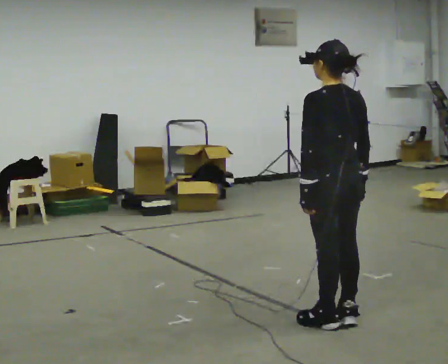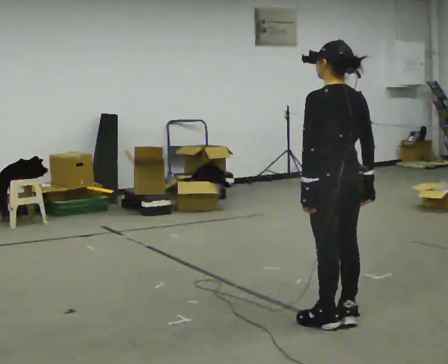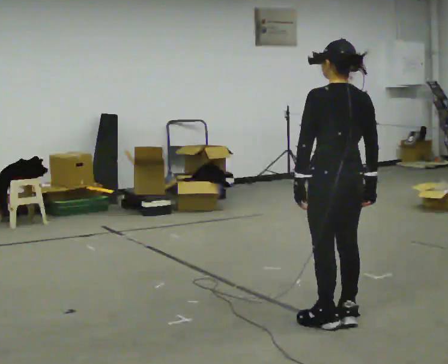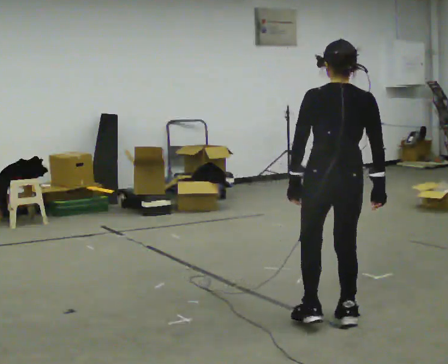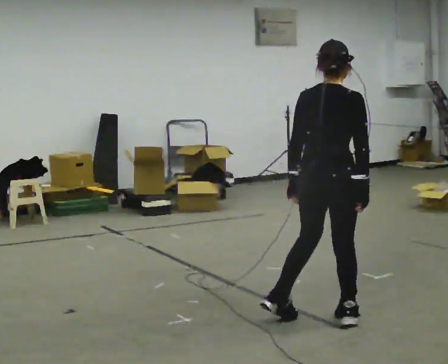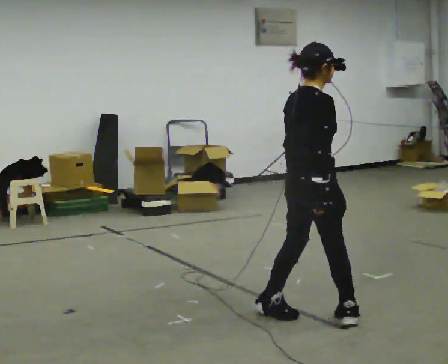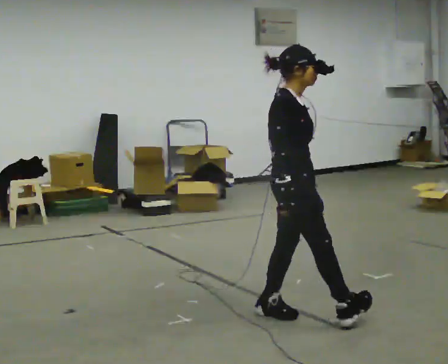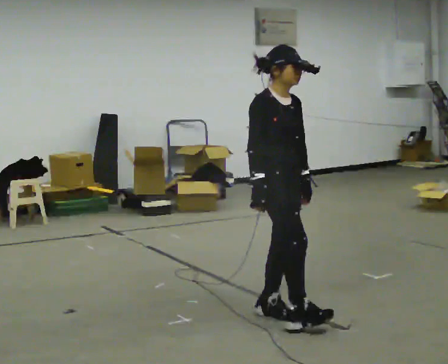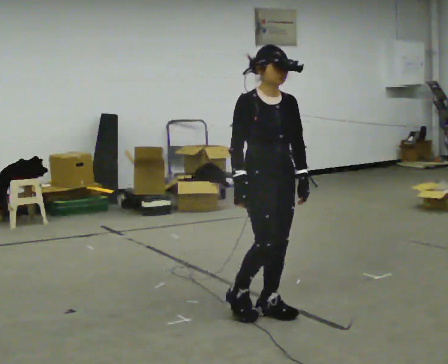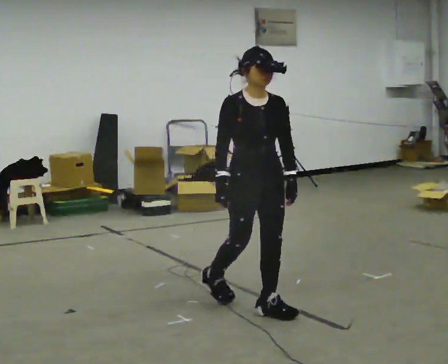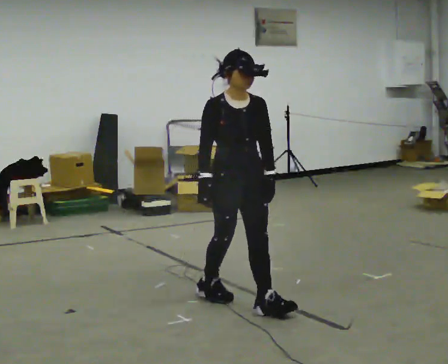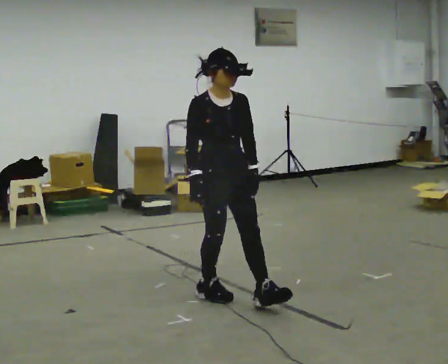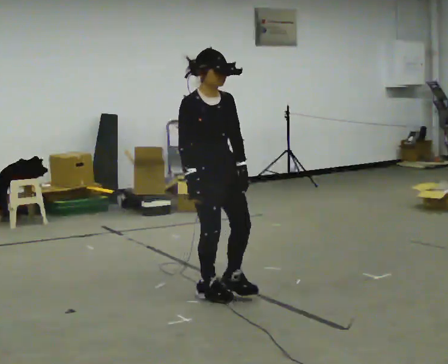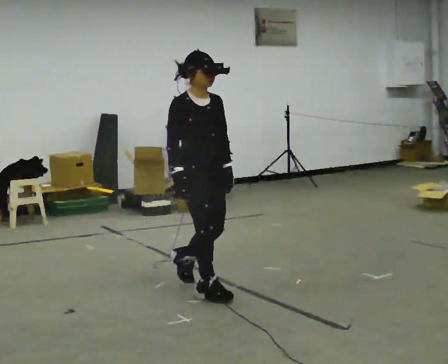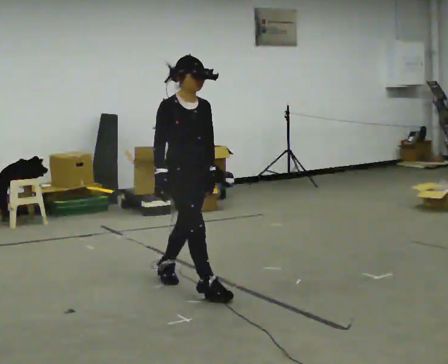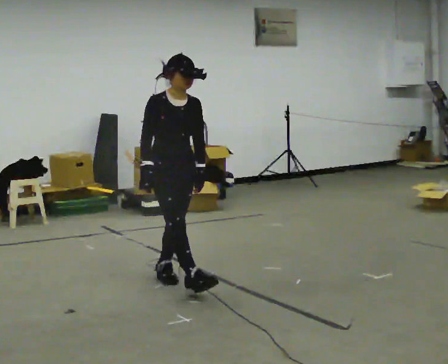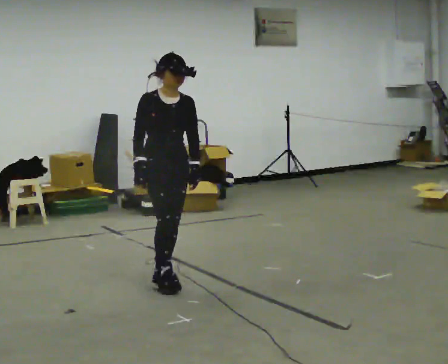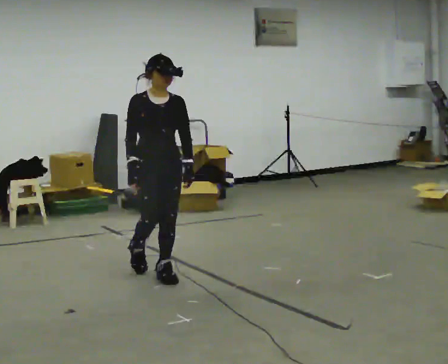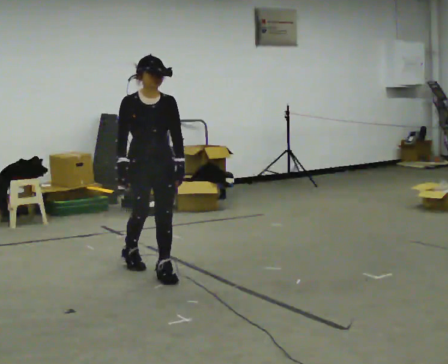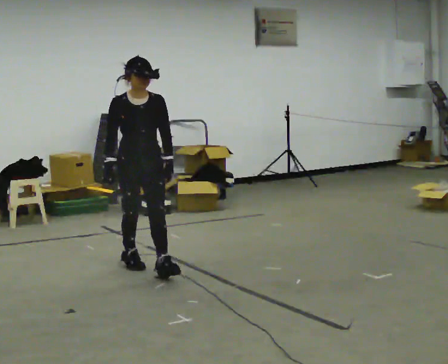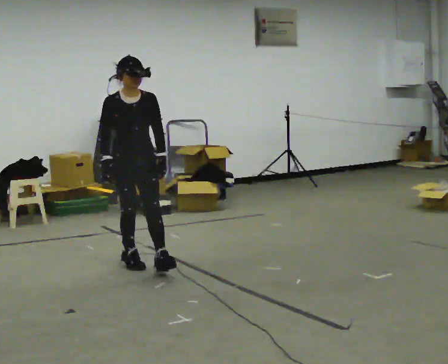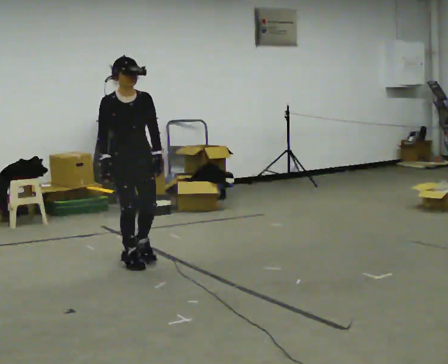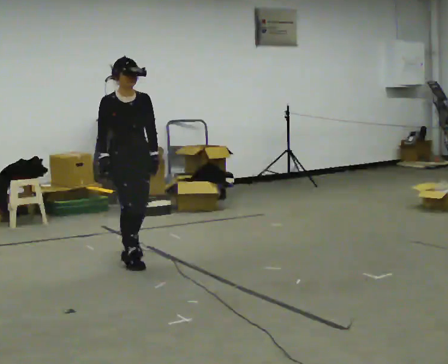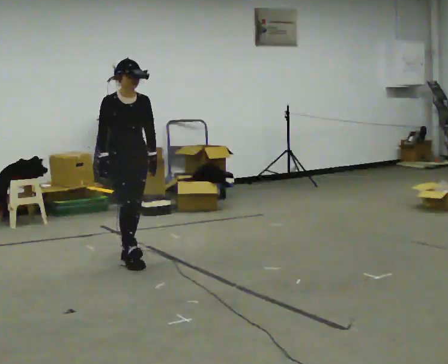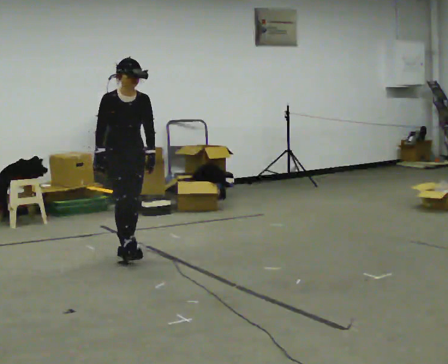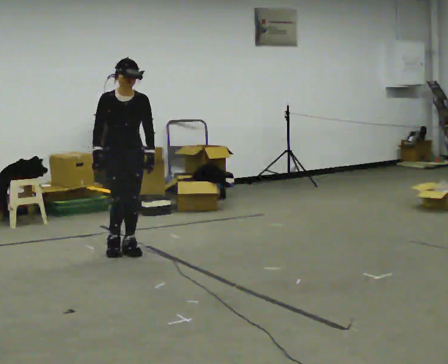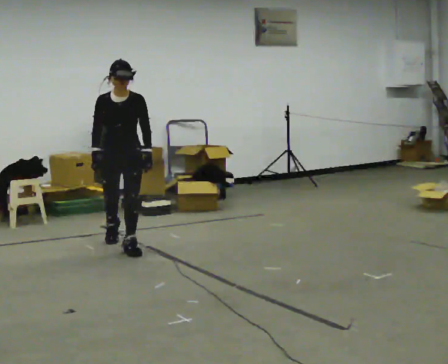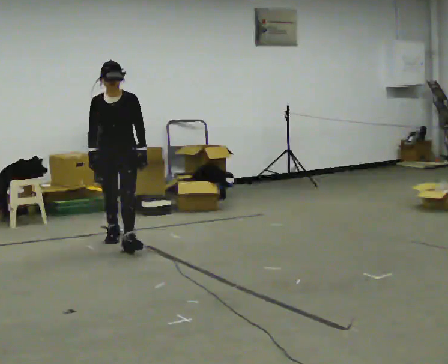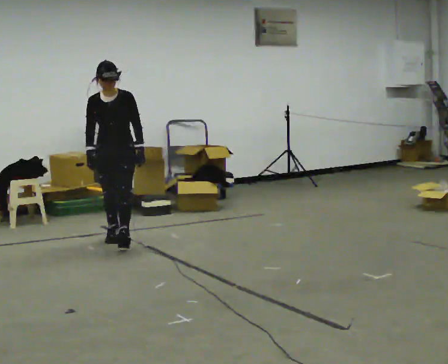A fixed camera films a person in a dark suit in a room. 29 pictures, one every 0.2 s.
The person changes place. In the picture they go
away from the camera.
0.0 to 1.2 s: Seen from above the body turns clockwise, about 120 degrees: to their right, with its near side sliding to the left. In the picture they go to the left and away from the camera, about 0.25 m in 2 steps.
1.2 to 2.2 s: Seen from above the body turns clockwise, about 60 degrees: to their right, with its near side sliding to the left. In the picture they go to the left and away from the camera, about 0.5 m in 1 step.
2.2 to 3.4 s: In the picture they go away from the camera and to the left, about 0.75 m in 1 step, which for them is backward.
3.4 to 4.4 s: In the picture they go away from the camera and to the left, about 0.5 m in 1 step, which for them is backward.
4.4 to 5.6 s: The part of the body nearest the lens slides to the left as the person turns to their right by about 30 degrees. In the picture they go away from the camera, about 0.75 m in 2 steps, which for them is backward.
The film runs backward here.
